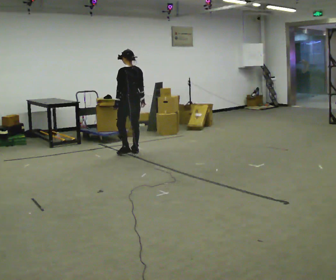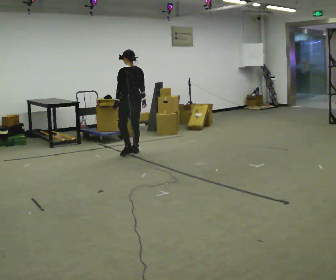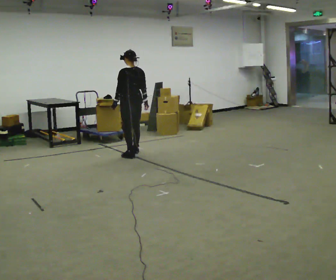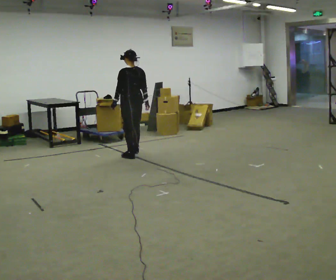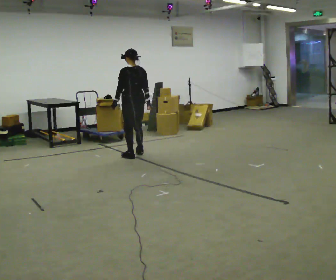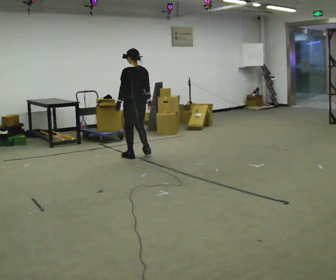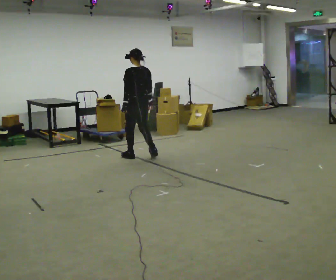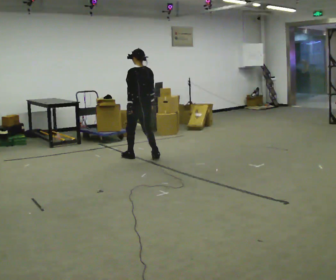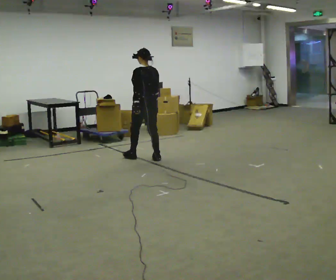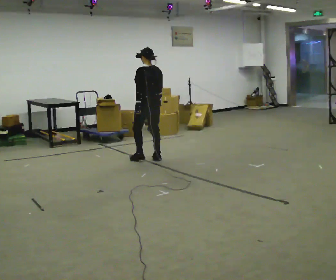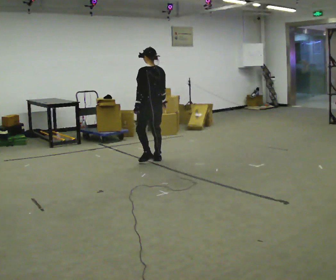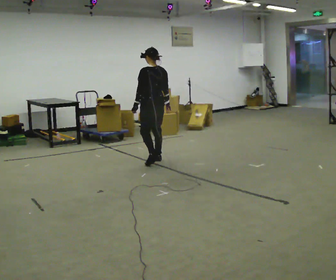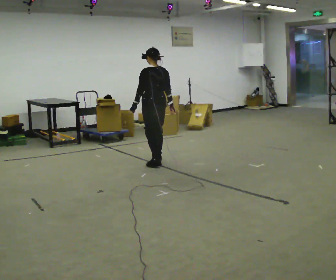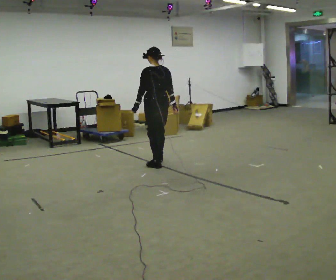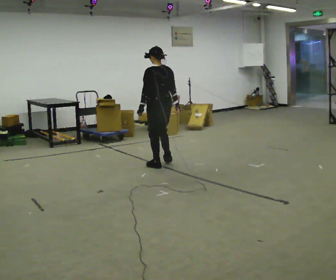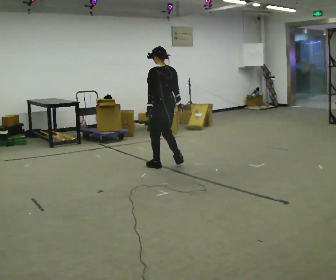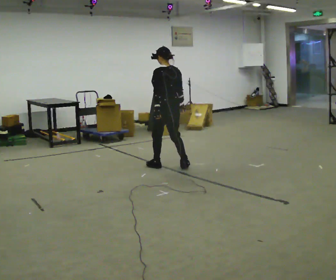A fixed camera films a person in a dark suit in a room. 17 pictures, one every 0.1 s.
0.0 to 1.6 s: In the picture they go toward the camera and to the right, about 1 m in 3 steps, which for them is backward.
The film runs backward here.
